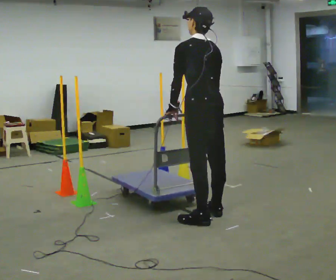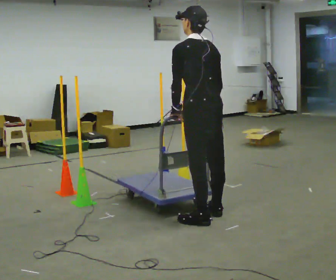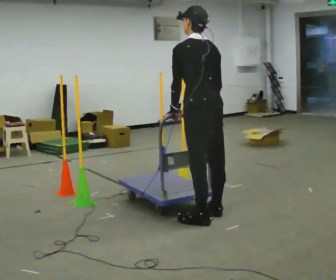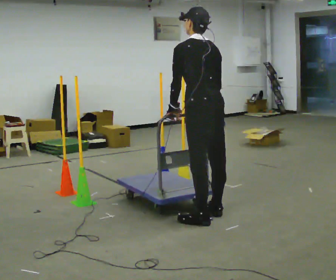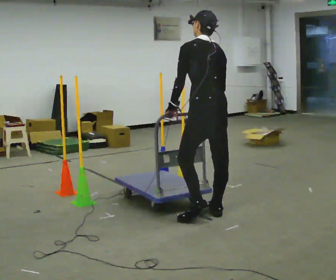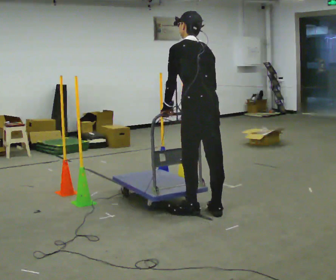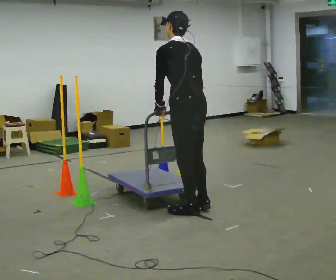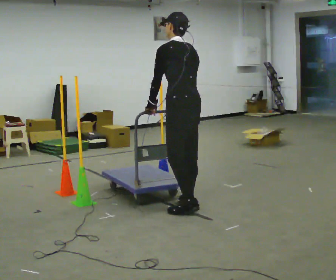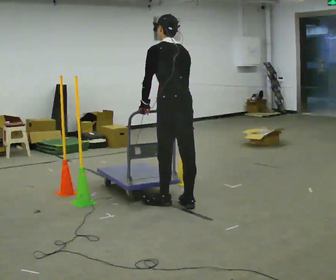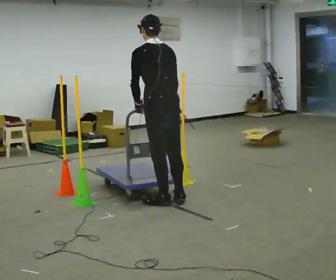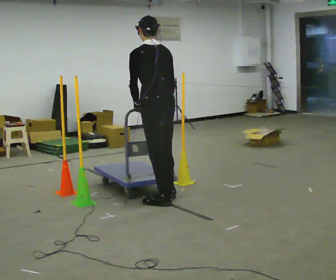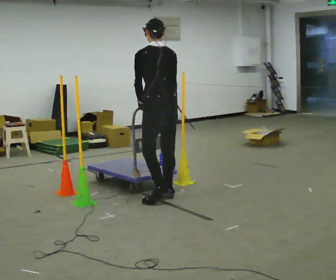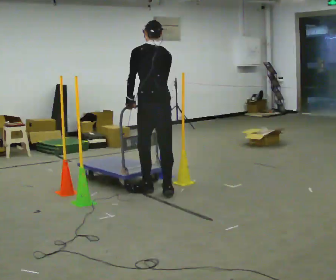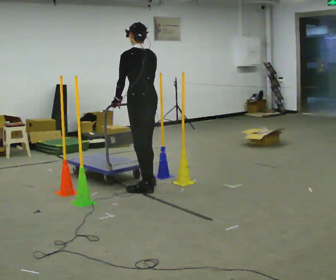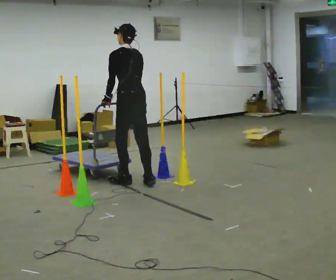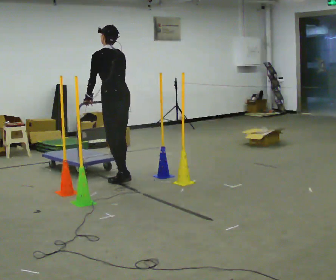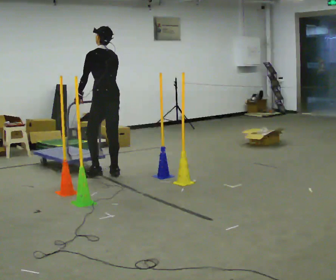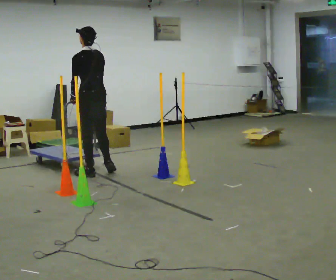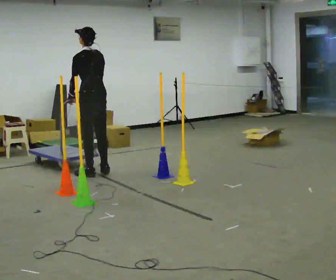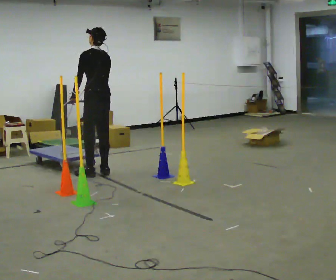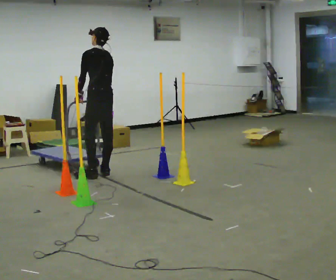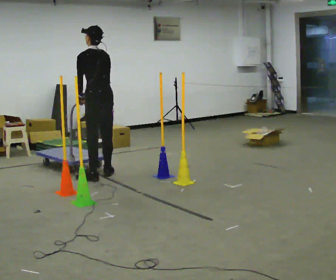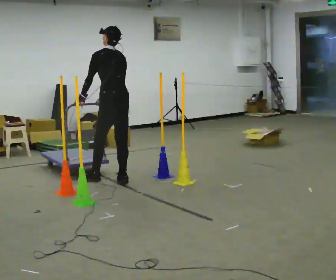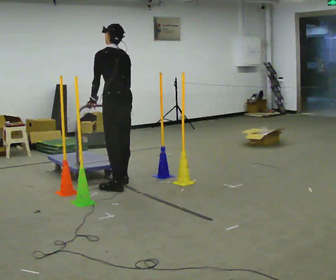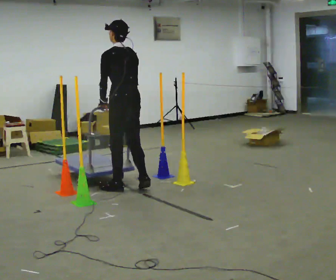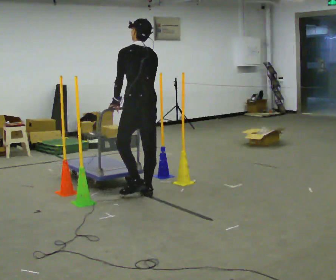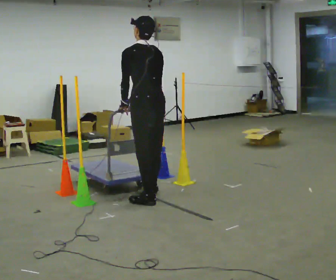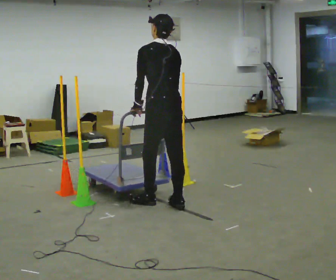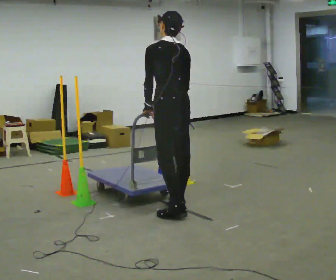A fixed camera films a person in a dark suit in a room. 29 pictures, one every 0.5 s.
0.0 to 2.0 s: The person moves a little, or ends about where they began.
2.0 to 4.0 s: In the picture they go away from the camera and to the left, about 0.5 m in 3 steps, which for them is forward.
4.0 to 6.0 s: In the picture they go away from the camera and to the left, about 0.5 m in 2 steps, which for them is forward.
6.0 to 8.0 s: In the picture they go away from the camera and to the left, about 1 m in 3 steps, which for them is forward.
8.0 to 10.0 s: The person moves a little, or ends about where they began.
10.0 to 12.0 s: In the picture they go toward the camera and to the right, about 1 m in 3 steps, which for them is backward.
12.0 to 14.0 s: In the picture they go toward the camera and to the right, about 1 m in 4 steps, which for them is backward.
The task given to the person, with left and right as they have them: Push the cart in and out of the line of poles without touching any of them. Keep going until the operator says stop.
The film runs forward here.
